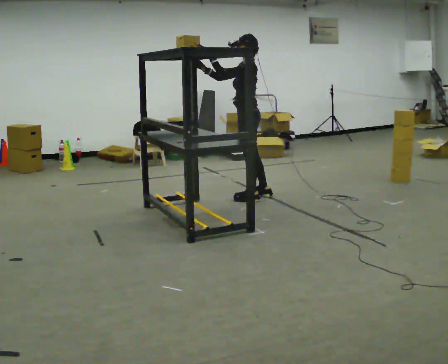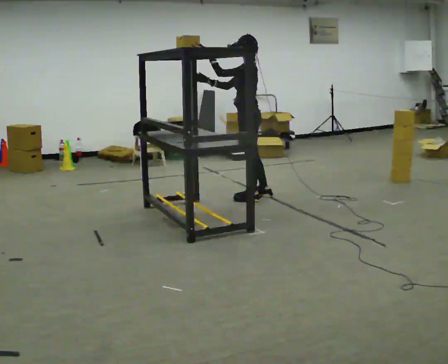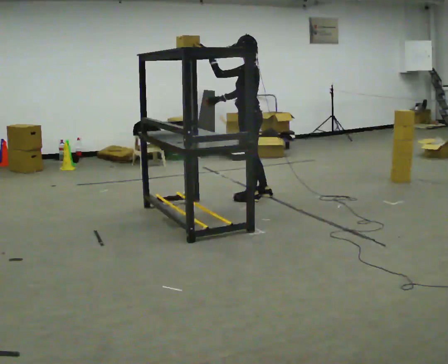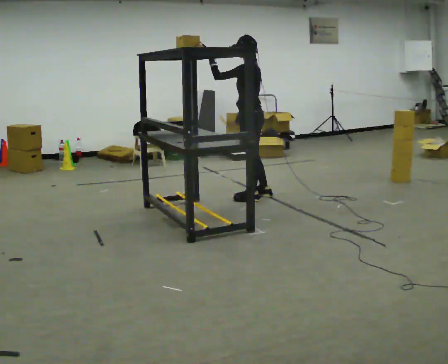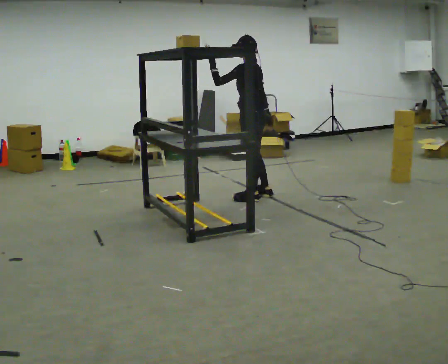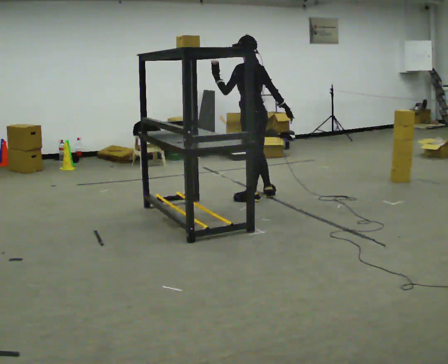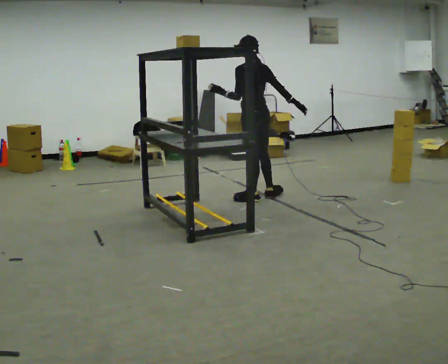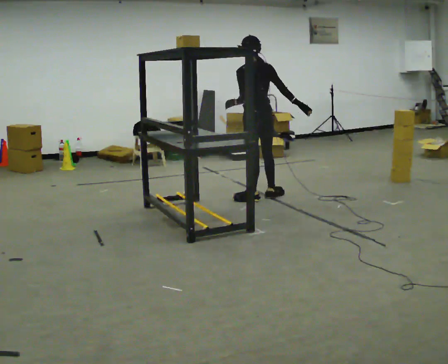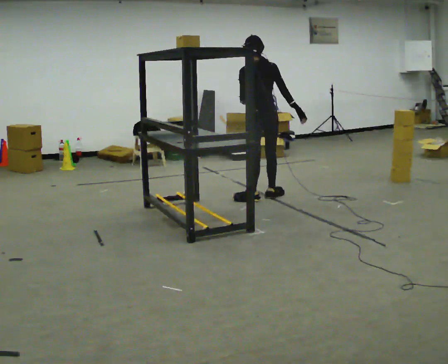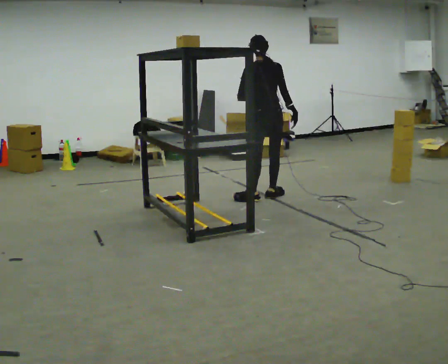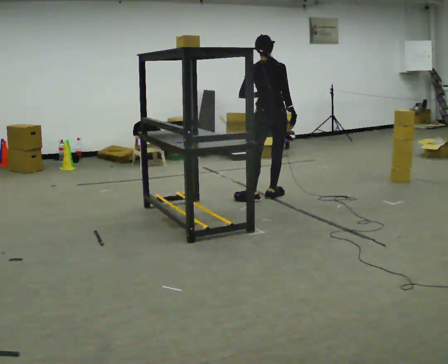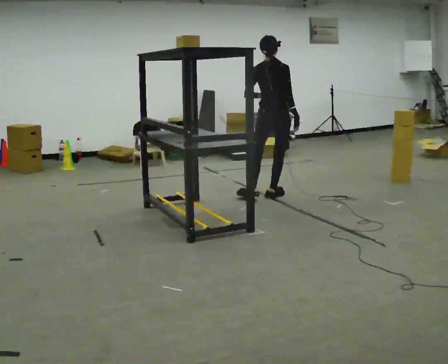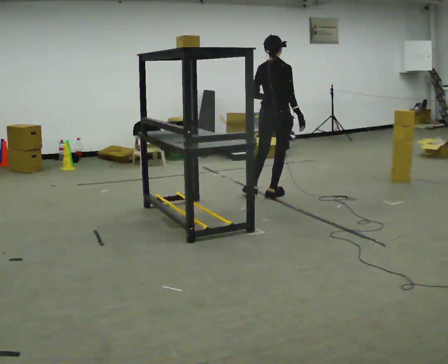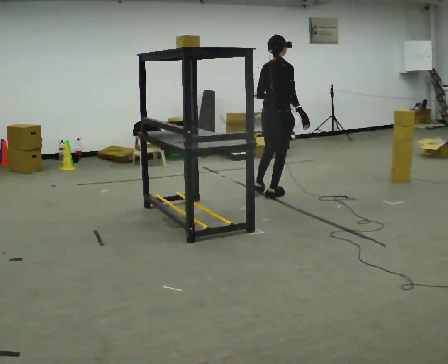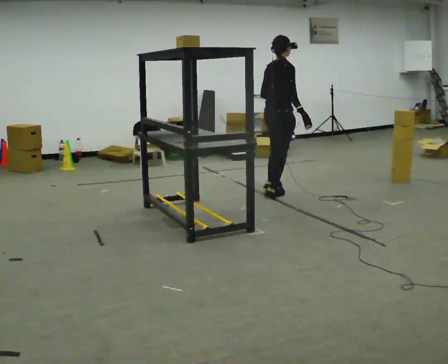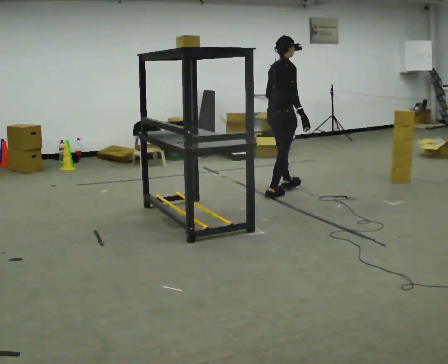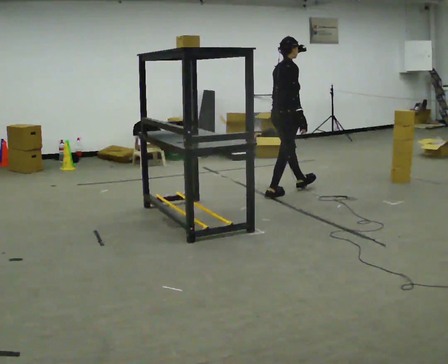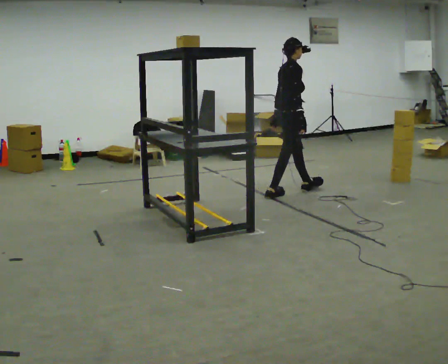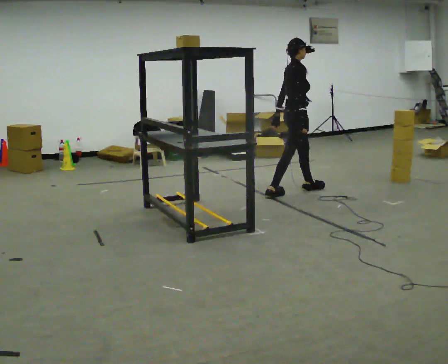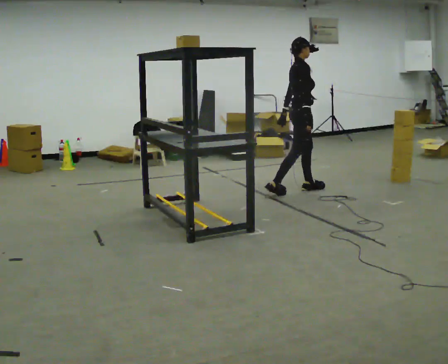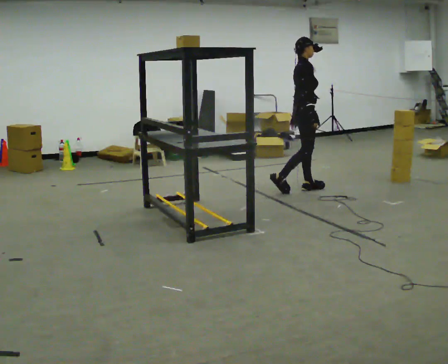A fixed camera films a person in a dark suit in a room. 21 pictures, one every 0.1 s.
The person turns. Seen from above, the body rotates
clockwise.
Their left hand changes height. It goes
downward.
0.0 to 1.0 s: The part of the body nearest the lens slides to the left as the person turns to their right by about 75 degrees. In the picture they go to the right, about 0.25 m. In the picture their right hand goes to the right and downward, the arm swinging counterclockwise.
1.0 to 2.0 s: The part of the body nearest the lens slides to the left as the person turns to their right by about 90 degrees. In the picture they go to the right and away from the camera, about 0.5 m in 1 step.
The film runs forward here.
